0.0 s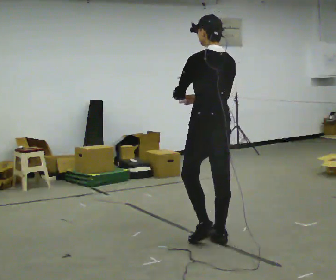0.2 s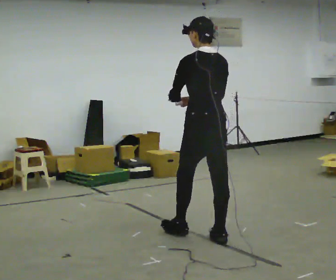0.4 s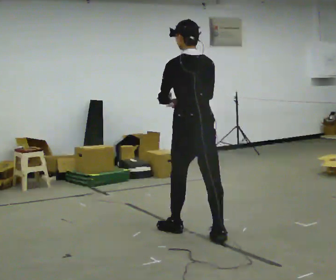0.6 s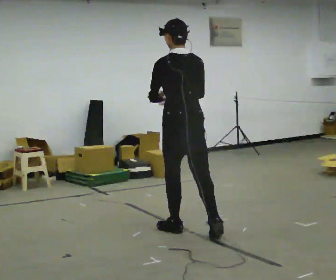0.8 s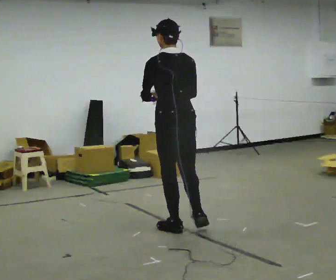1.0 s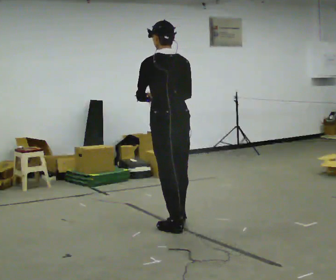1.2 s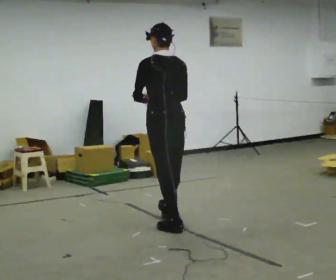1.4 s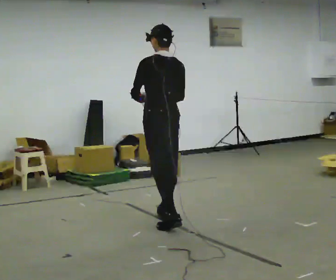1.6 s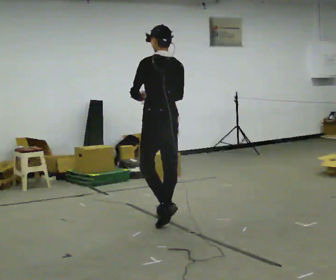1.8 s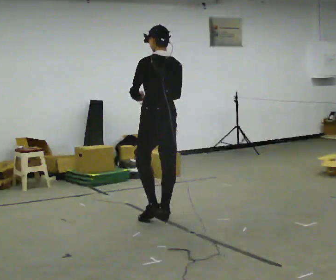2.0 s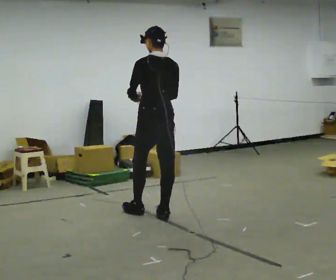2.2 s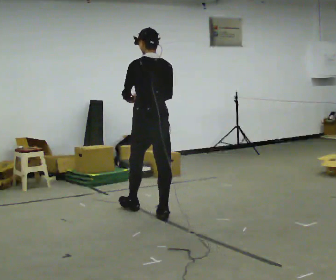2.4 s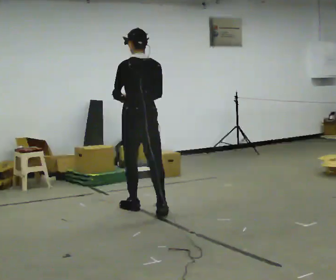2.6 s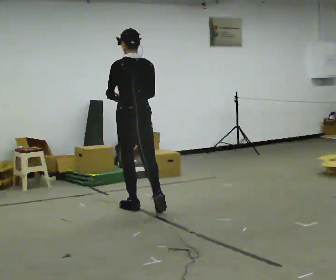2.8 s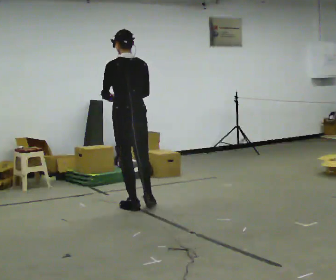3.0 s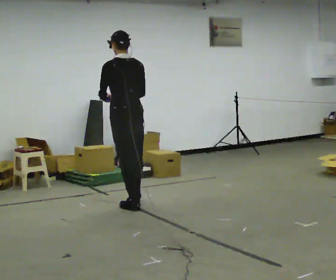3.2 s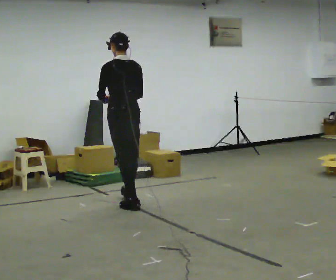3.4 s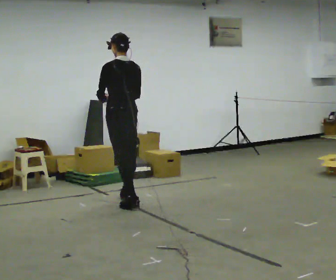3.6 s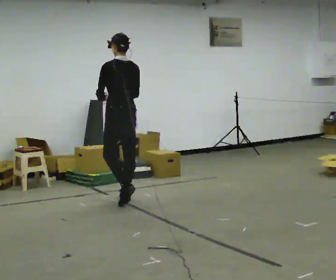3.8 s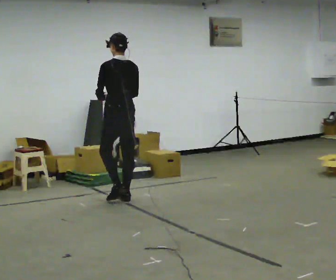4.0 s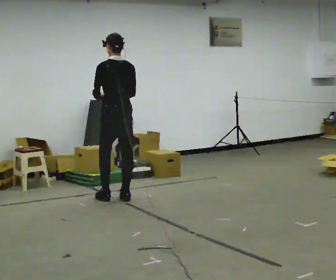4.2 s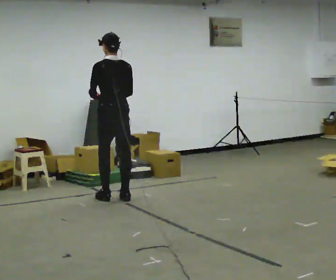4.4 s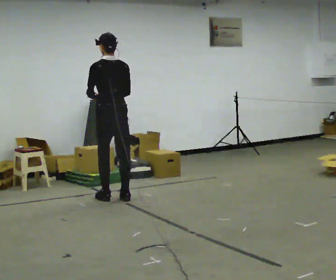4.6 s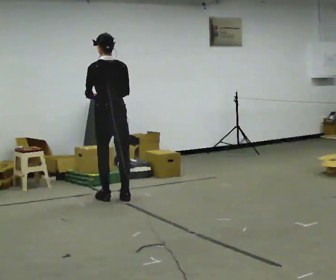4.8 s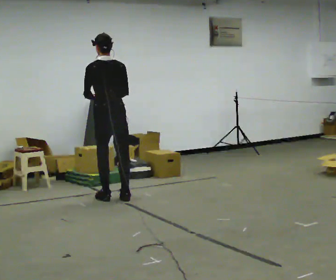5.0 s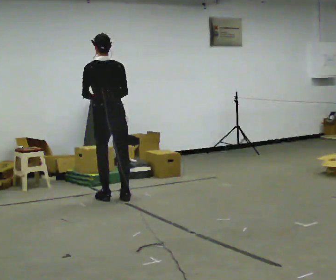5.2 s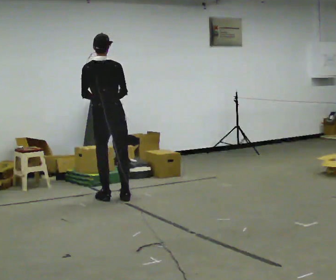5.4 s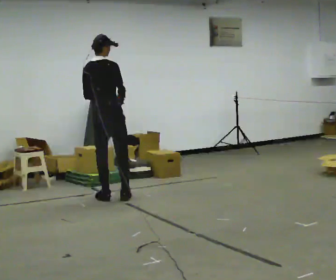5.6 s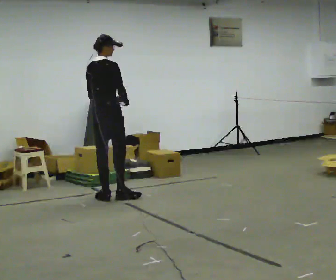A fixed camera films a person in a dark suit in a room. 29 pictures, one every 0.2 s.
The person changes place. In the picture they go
away from the camera.
0.0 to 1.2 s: In the picture they go away from the camera and to the left, about 0.5 m in 1 step, which for them is forward.
1.2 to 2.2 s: In the picture they go away from the camera, about 0.5 m in 1 step, which for them is forward.
2.2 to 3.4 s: In the picture they go away from the camera and to the left, about 0.5 m in 2 steps, which for them is forward.
3.4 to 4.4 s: In the picture they go away from the camera, about 0.25 m in 1 step, which for them is forward.
4.4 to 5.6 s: Seen from above the body turns clockwise, about 60 degrees: to their right, with its near side sliding to the left.
The film runs forward here.
